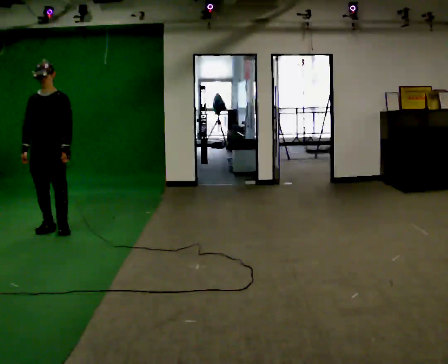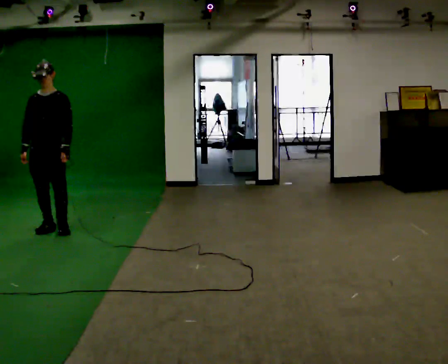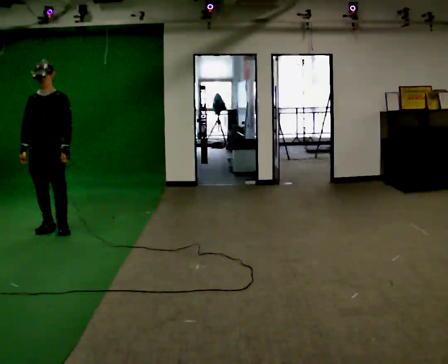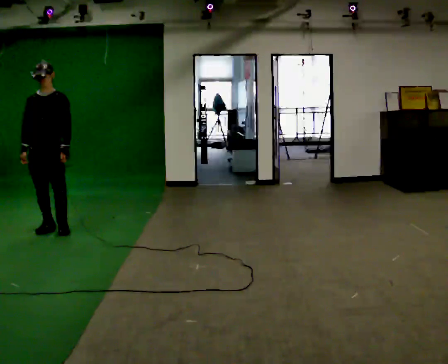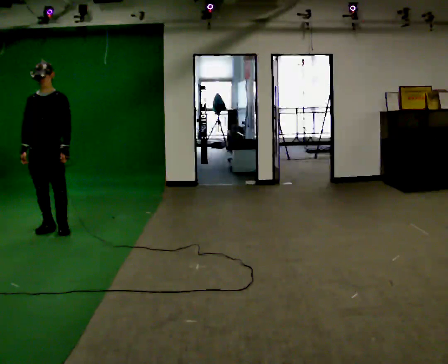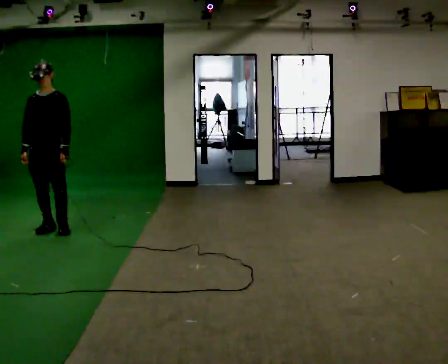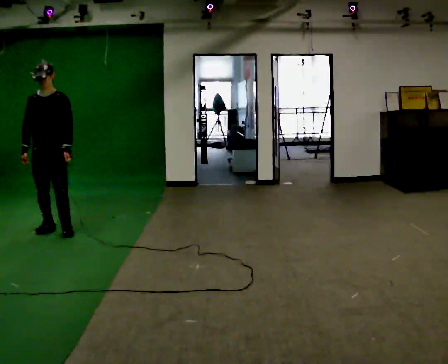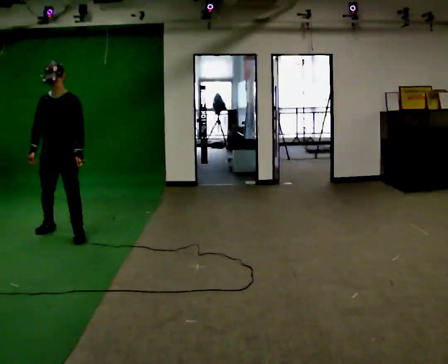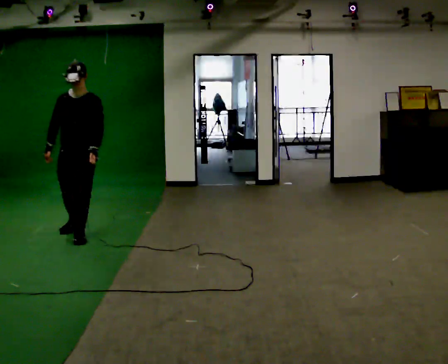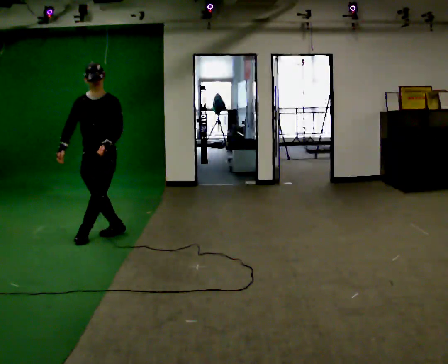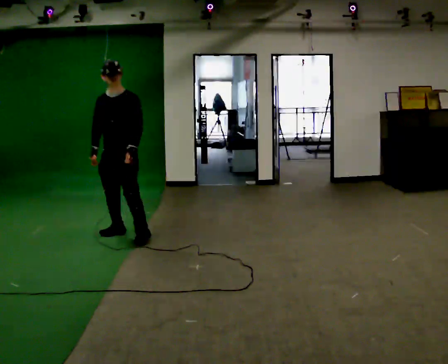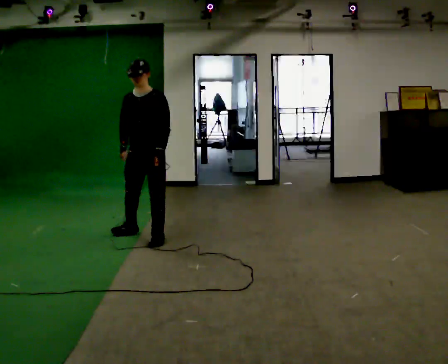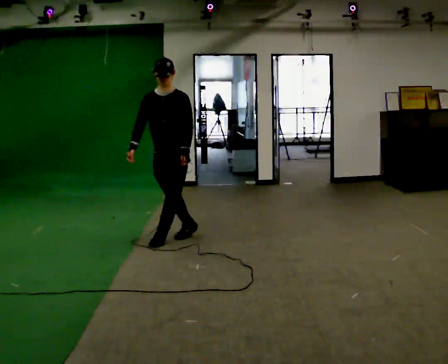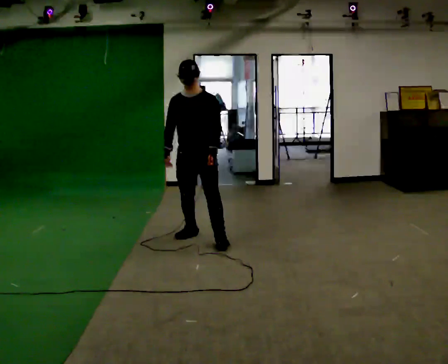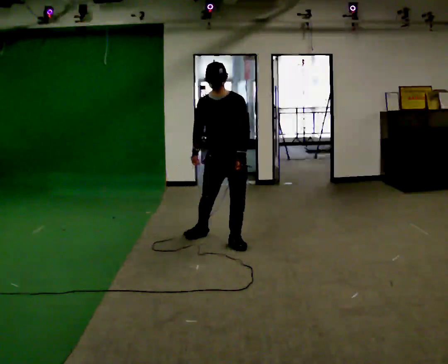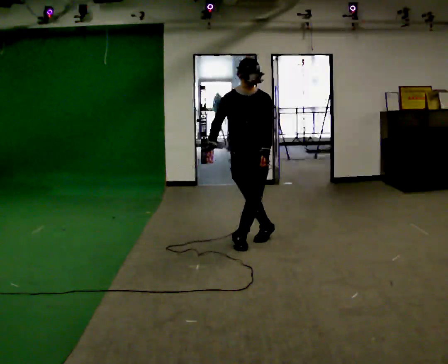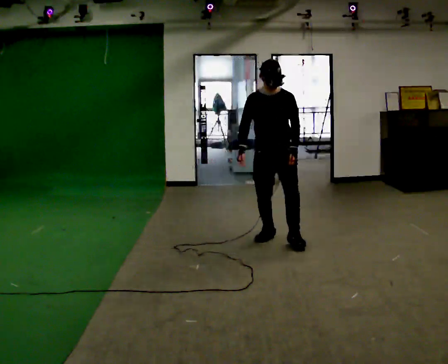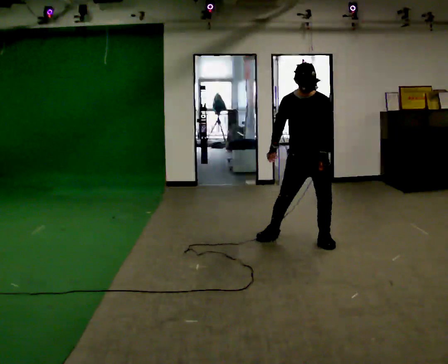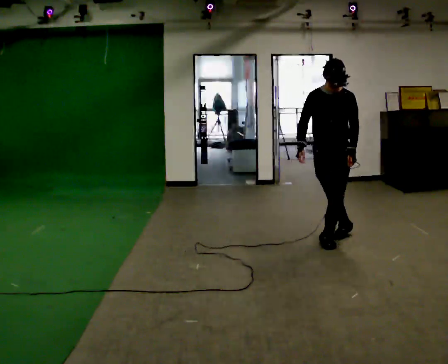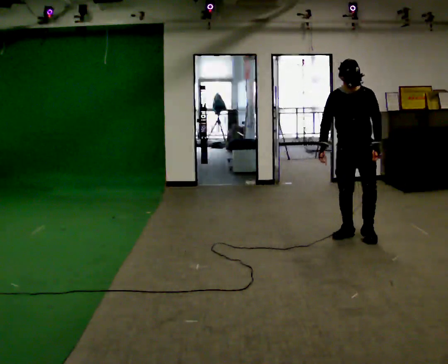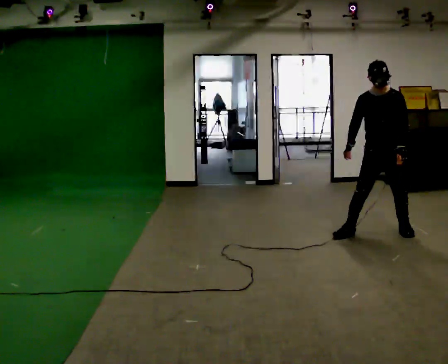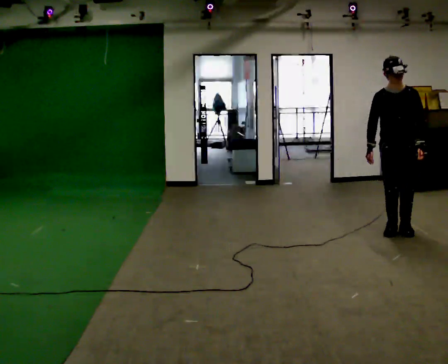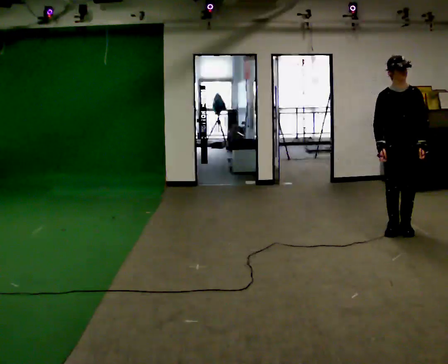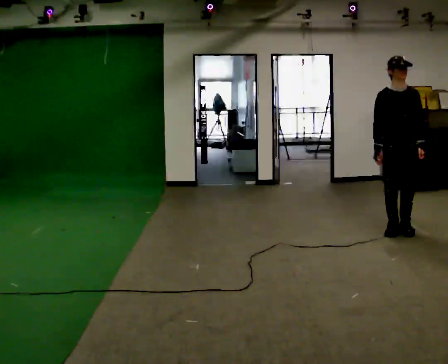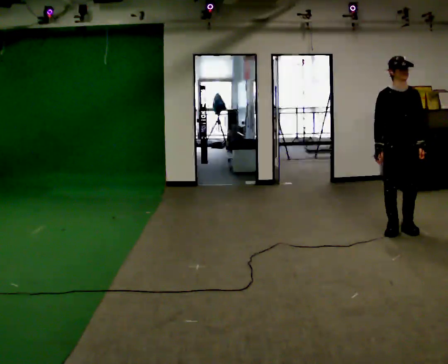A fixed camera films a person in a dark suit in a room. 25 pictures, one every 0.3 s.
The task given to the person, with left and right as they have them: Move sideways in the direction the operator calls, crossing one foot in front and then behind, alternating.
0.0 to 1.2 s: The person moves a little, or ends about where they began.
1.2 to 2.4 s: In the picture they go to the right, about 0.5 m in 1 step, which for them is to their left.
2.4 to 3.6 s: In the picture they go to the right, about 1 m in 3 steps, which for them is to their left.
3.6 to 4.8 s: In the picture they go to the right, about 1 m in 2 steps, which for them is to their left.
4.8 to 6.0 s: In the picture they go to the right, about 1 m in 3 steps, which for them is to their left.
6.0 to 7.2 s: The person moves a little, or ends about where they began.
The film runs forward here.
